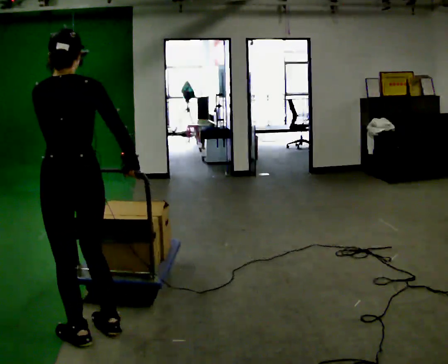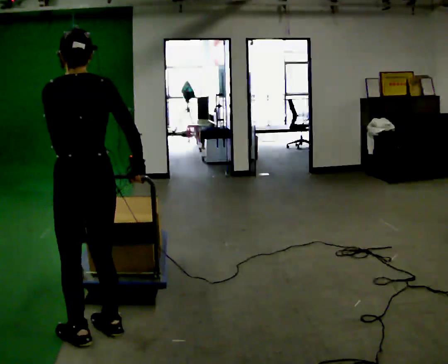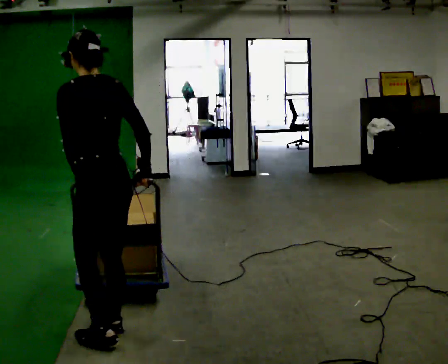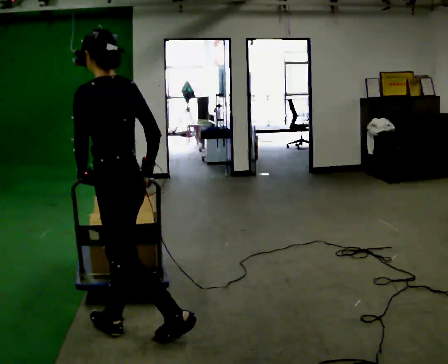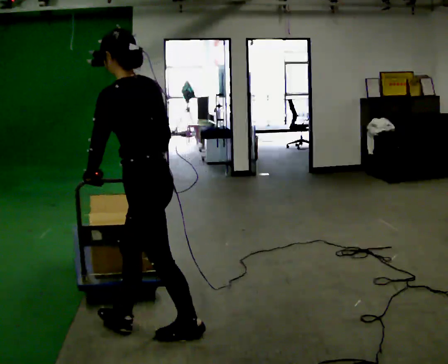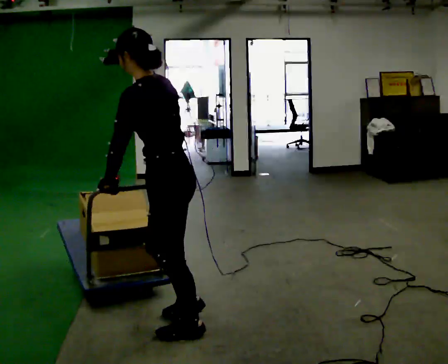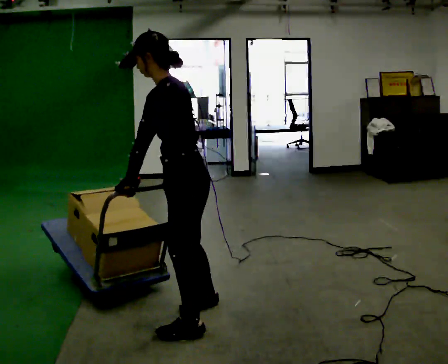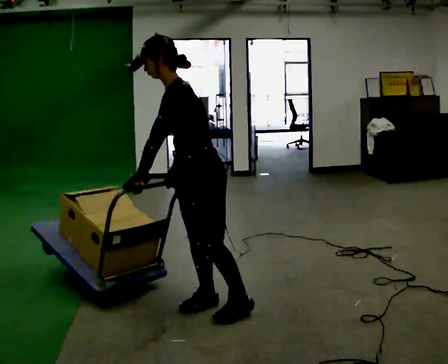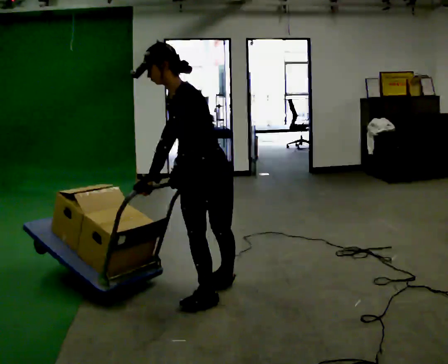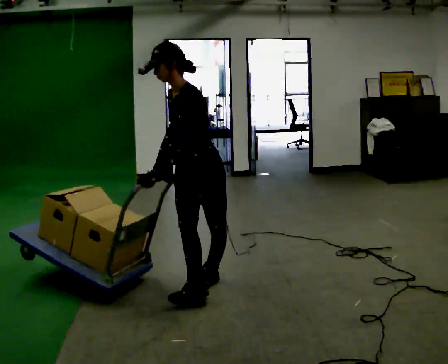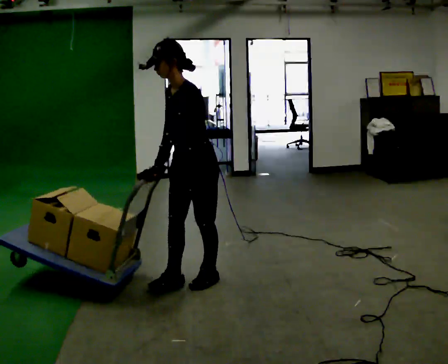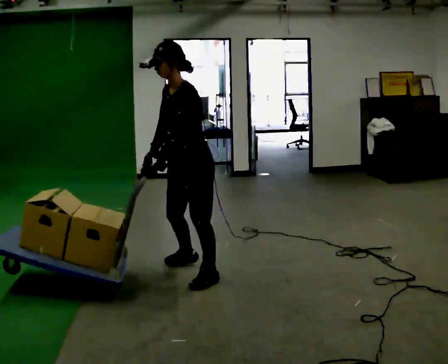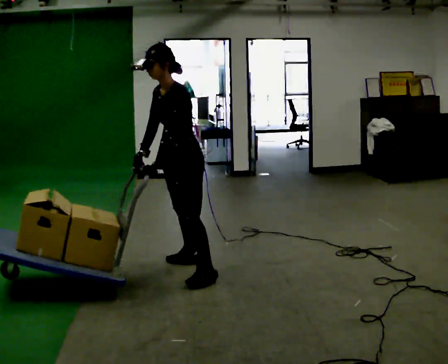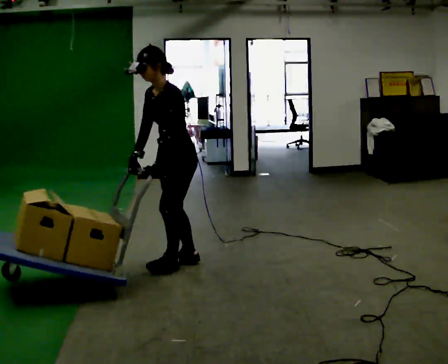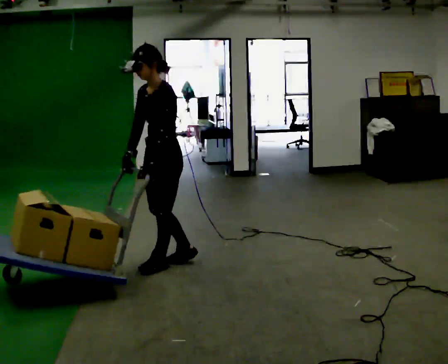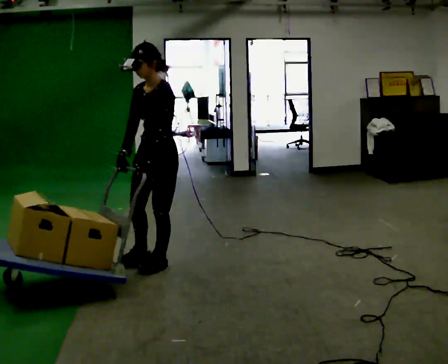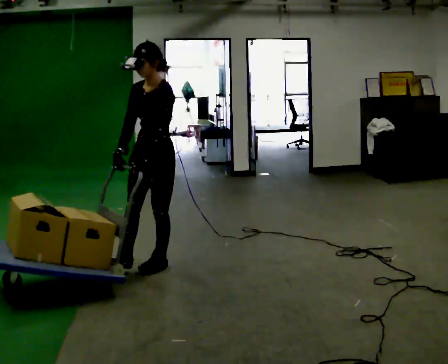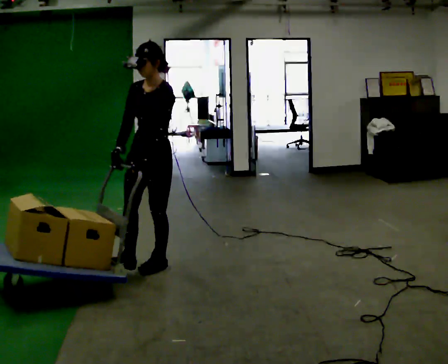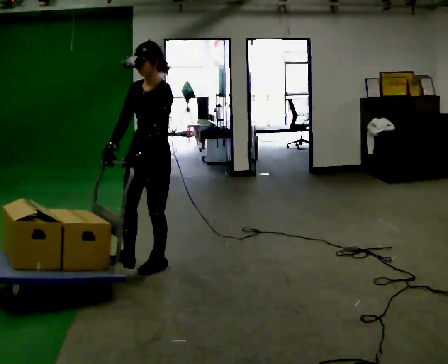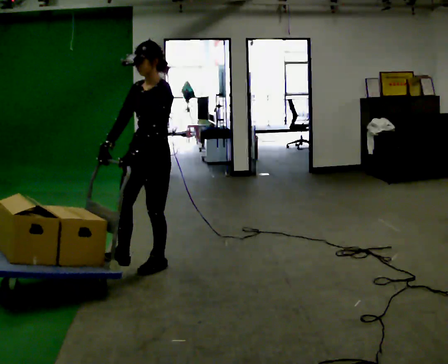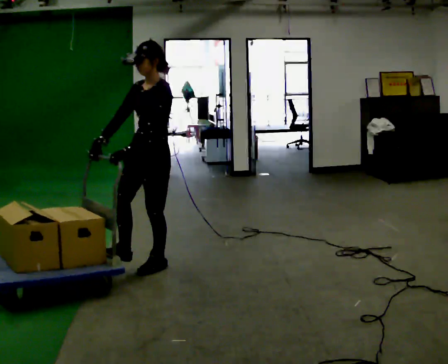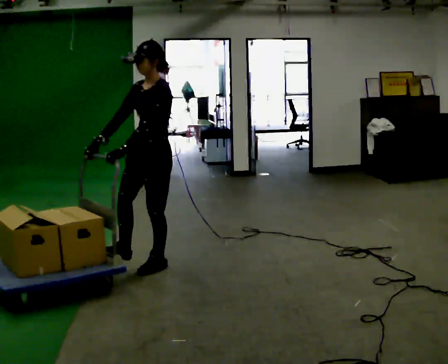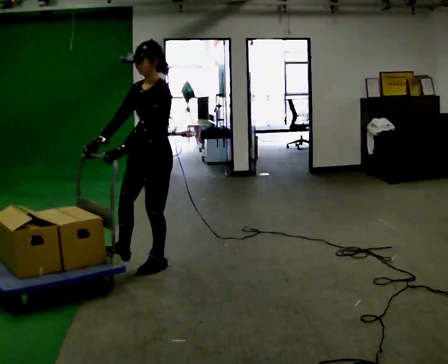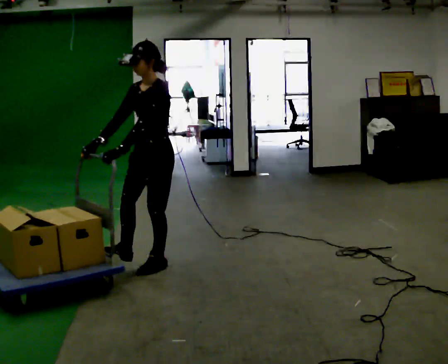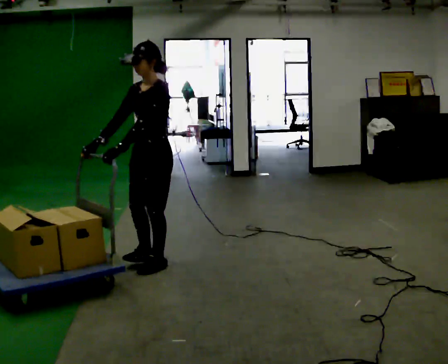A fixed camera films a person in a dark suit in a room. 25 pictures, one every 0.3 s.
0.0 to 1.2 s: Seen from above the body turns counterclockwise, about 60 degrees: to their left, with its near side sliding to the right. In the picture they go to the right, about 0.5 m in 2 steps, which for them is to their right and backward.
1.2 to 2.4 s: Seen from above the body turns counterclockwise, about 60 degrees: to their left, with its near side sliding to the right. In the picture they go away from the camera and to the right, about 0.5 m in 1 step.
2.4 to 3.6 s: In the picture they go away from the camera, about 0.5 m in 1 step, which for them is to their right.
3.6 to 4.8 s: In the picture they go to the left, about 0.25 m in 2 steps, which for them is to their right and forward.
4.8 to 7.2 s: The person moves a little, or ends about where they began.
The film runs backward here.
